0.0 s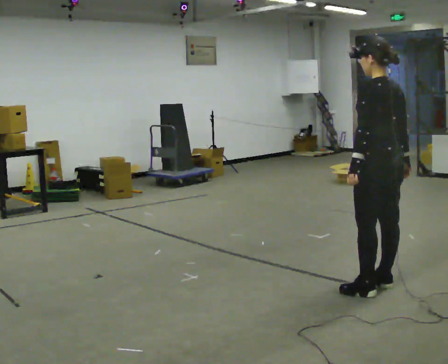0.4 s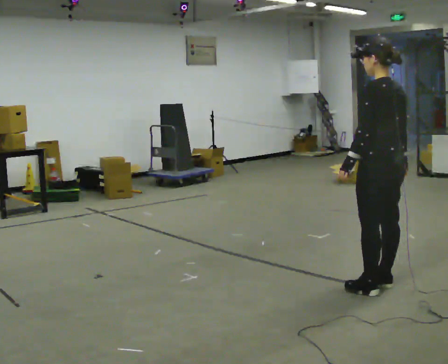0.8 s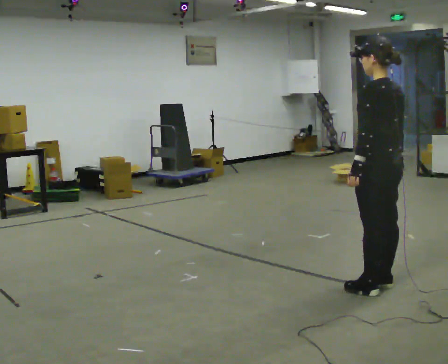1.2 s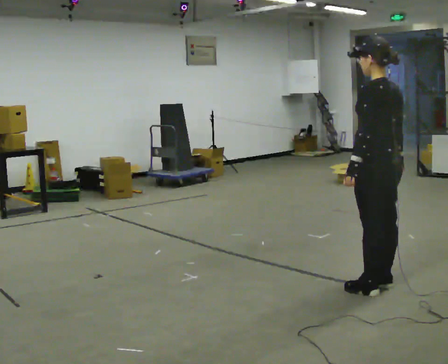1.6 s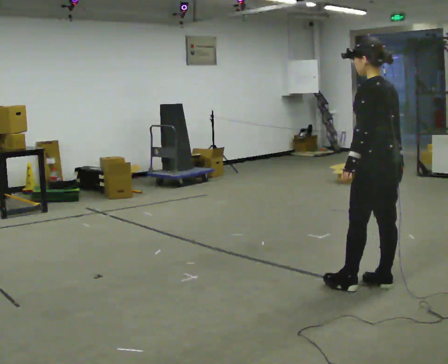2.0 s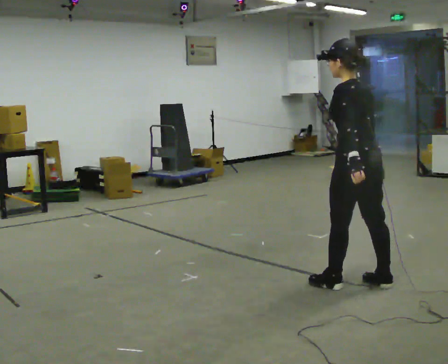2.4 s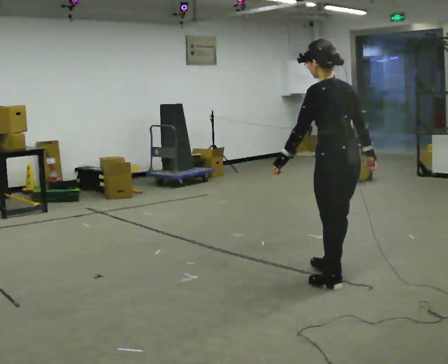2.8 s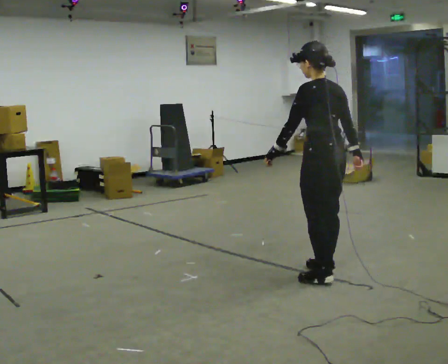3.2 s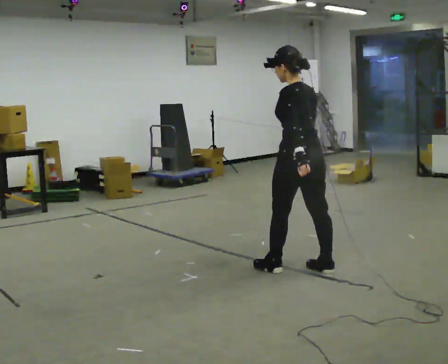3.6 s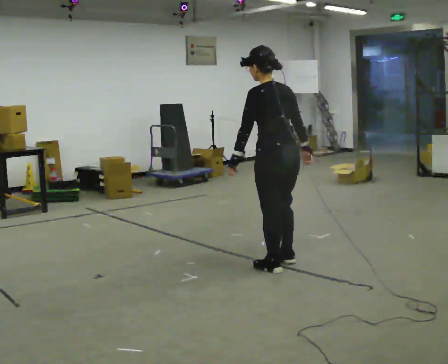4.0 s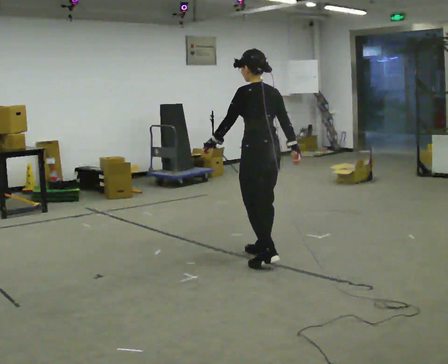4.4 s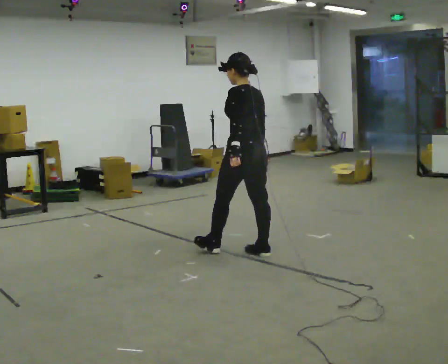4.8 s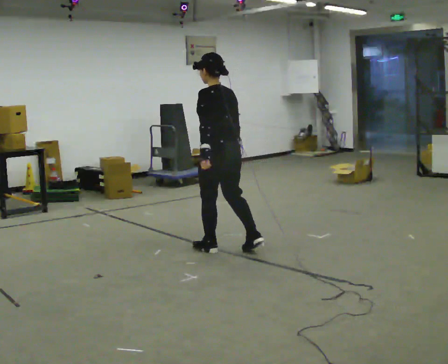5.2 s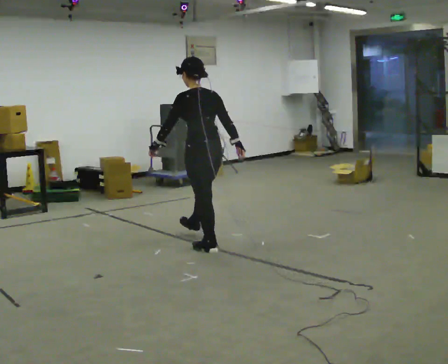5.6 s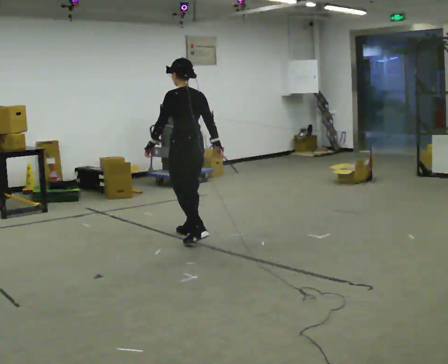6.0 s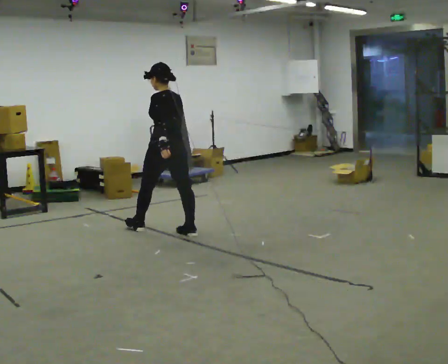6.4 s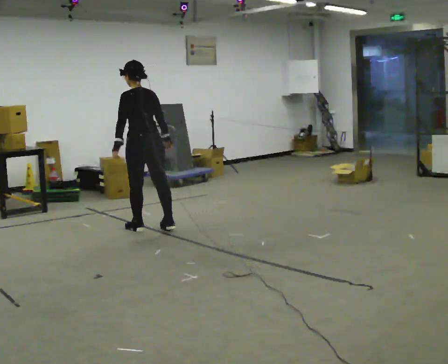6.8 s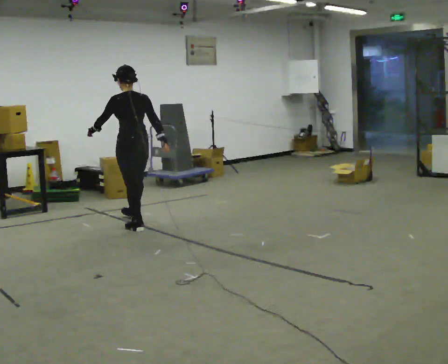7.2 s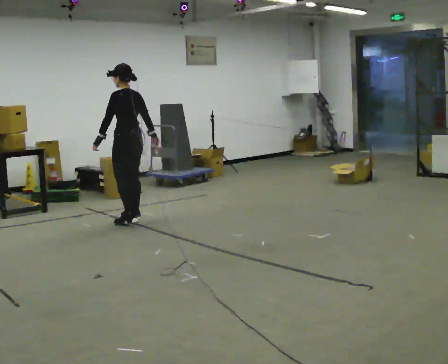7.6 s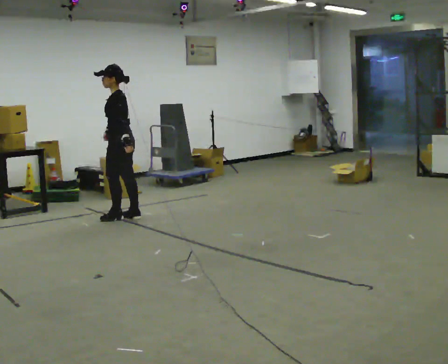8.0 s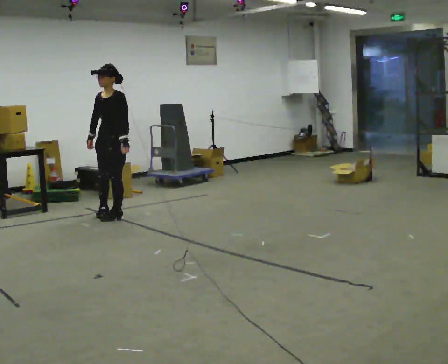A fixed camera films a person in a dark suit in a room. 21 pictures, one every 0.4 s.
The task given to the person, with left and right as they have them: Walk forward with your feet closer together than normal, or further apart than normal, as the operator states; stop.
0.0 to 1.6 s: The person moves a little, or ends about where they began.
1.6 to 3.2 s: In the picture they go to the left and away from the camera, about 0.75 m in 3 steps, which for them is forward.
3.2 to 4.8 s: In the picture they go away from the camera and to the left, about 1 m in 2 steps, which for them is forward.
4.8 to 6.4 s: In the picture they go away from the camera and to the left, about 1 m in 2 steps, which for them is forward.
6.4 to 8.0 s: Seen from above the body turns counterclockwise, about 120 degrees: to their left, with its near side sliding to the right. In the picture they go away from the camera and to the left, about 0.75 m in 2 steps.
The film runs forward here.
